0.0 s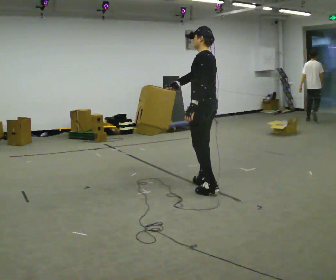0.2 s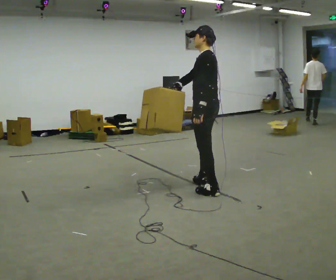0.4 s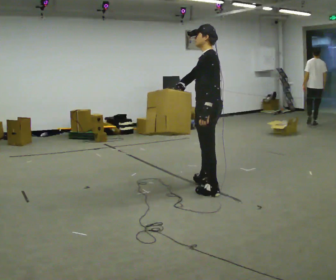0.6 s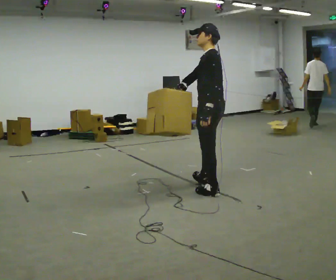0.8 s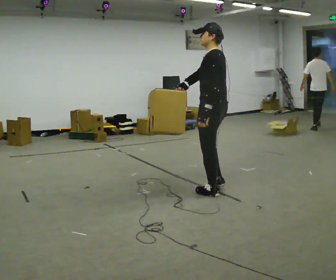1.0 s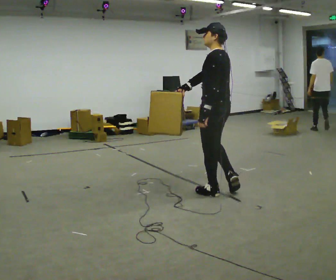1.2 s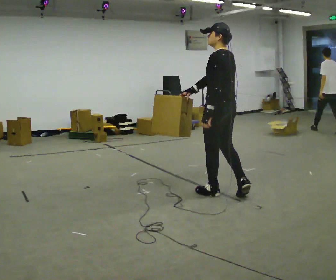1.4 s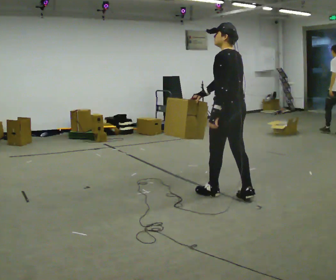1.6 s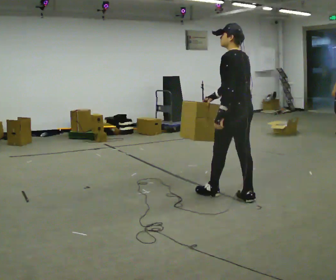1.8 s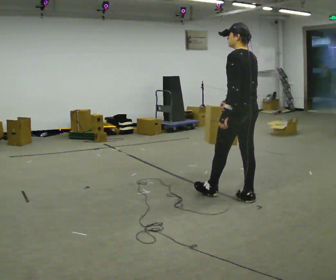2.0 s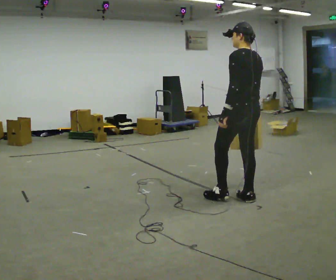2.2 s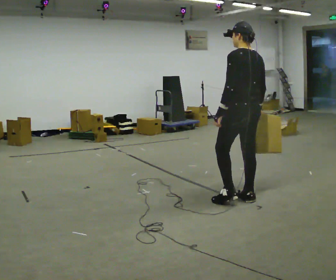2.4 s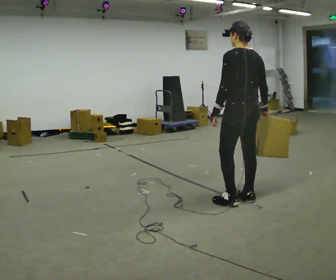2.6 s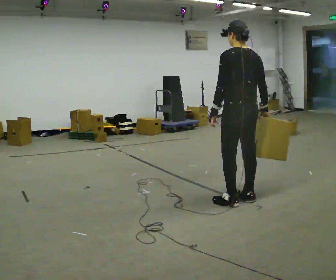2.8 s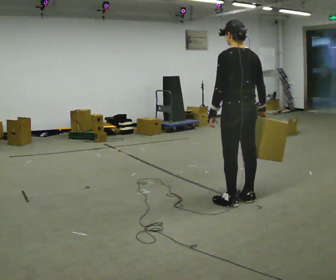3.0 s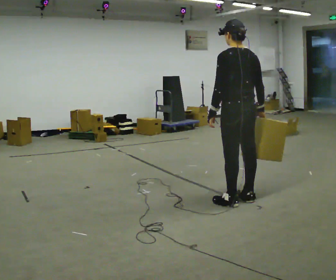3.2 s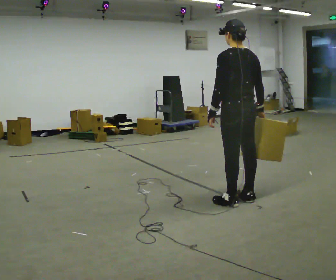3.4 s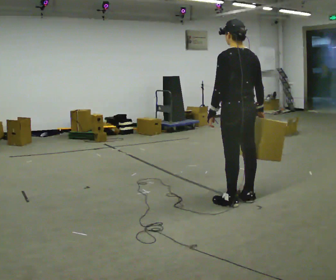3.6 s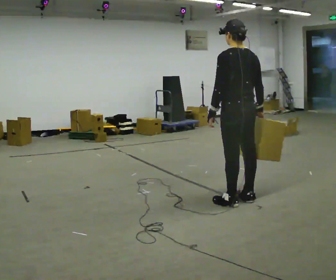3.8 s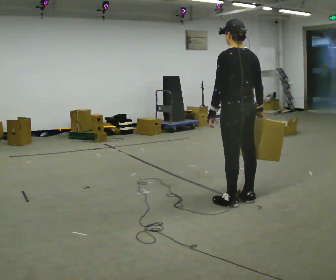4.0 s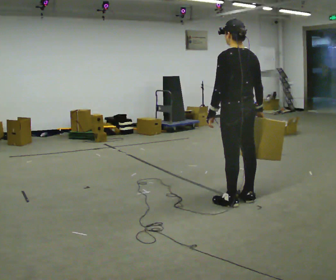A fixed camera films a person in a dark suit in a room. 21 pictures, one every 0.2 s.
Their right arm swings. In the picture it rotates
counterclockwise.
0.0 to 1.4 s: In the picture they go toward the camera and to the right, about 0.5 m in 1 step, which for them is backward and to their left.
1.4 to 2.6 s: In the picture their right hand goes to the right, the arm swinging counterclockwise.
2.6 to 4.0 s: The person moves a little, or ends about where they began.
The film runs backward here.
